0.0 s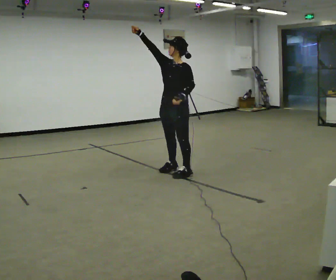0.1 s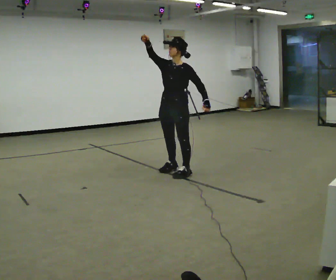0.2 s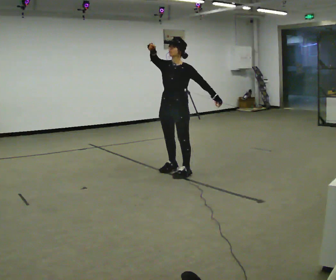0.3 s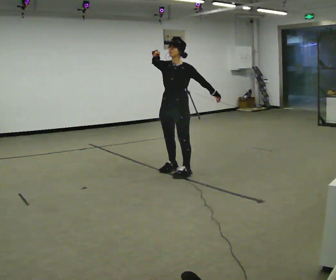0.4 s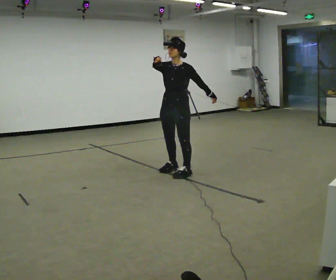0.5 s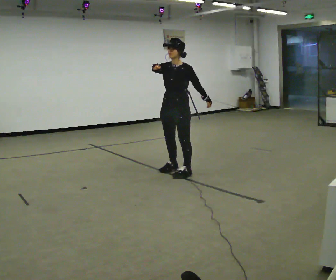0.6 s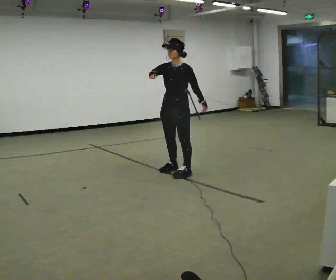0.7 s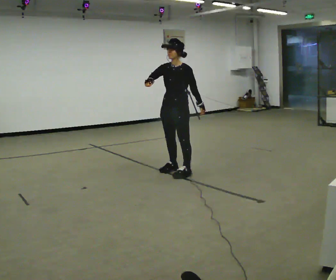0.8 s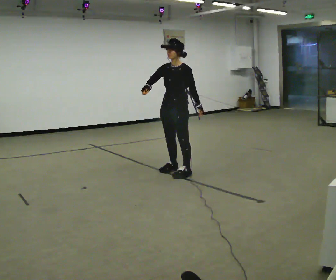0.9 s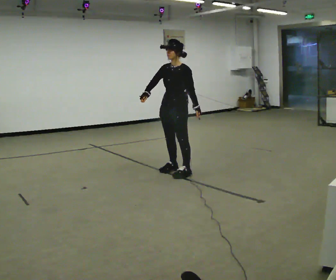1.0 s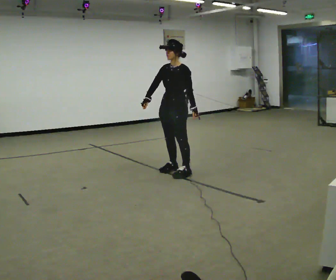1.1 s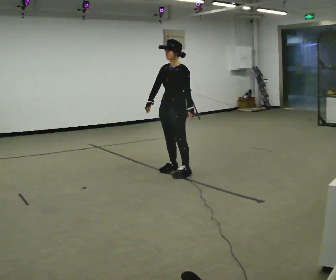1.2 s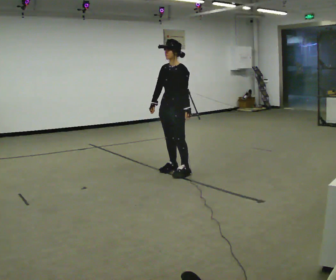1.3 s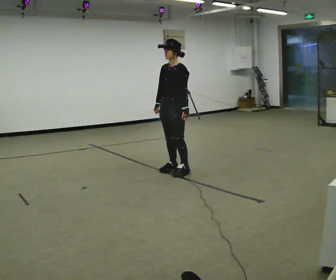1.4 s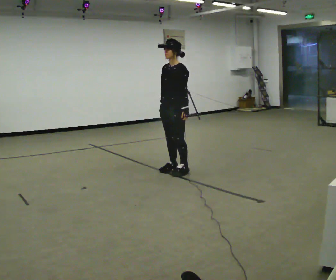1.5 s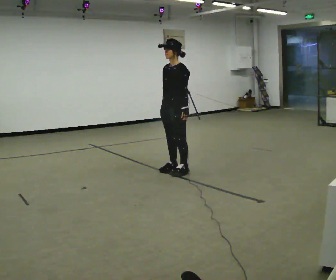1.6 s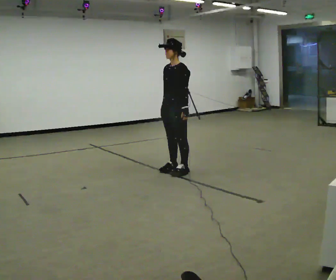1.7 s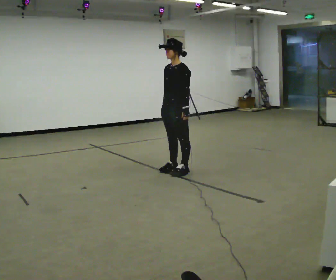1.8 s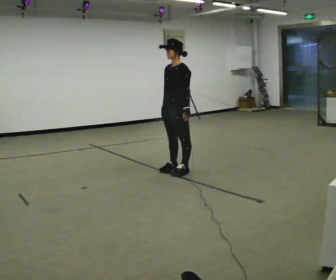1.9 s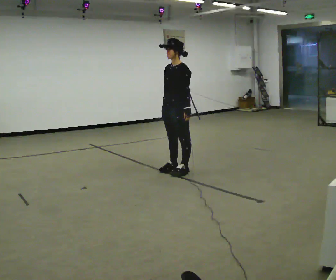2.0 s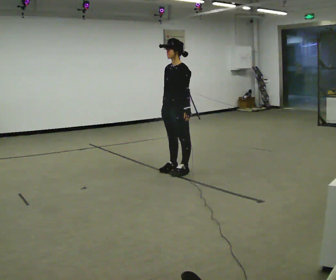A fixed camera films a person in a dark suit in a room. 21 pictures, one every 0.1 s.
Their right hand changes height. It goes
downward.
0.0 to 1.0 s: In the picture their right hand goes downward.
1.0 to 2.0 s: The person moves a little, or ends about where they began.
The film runs forward here.
